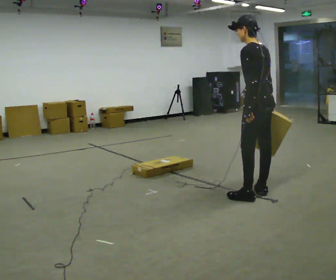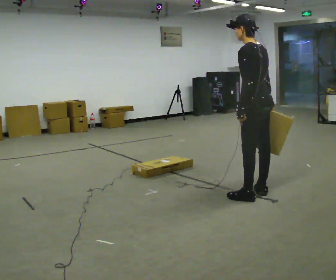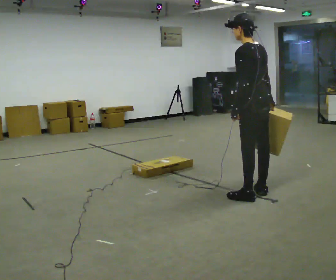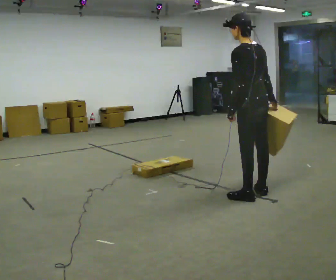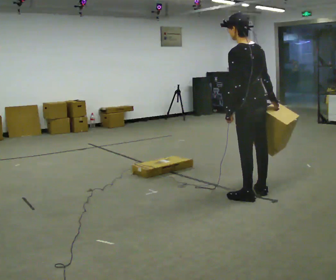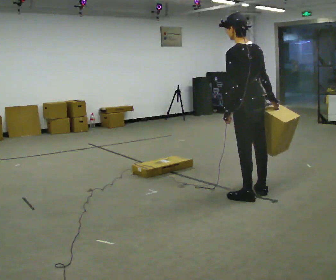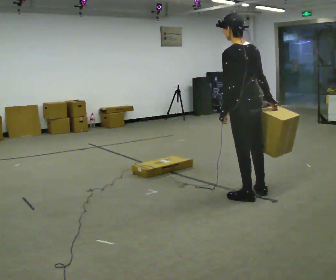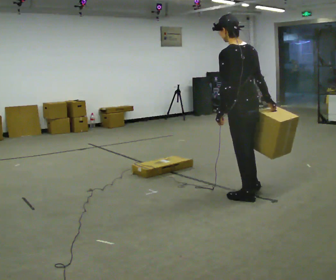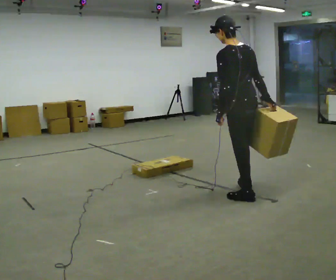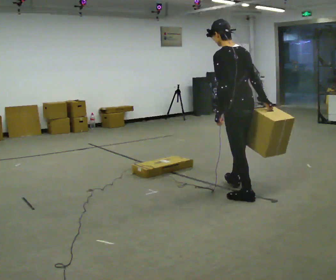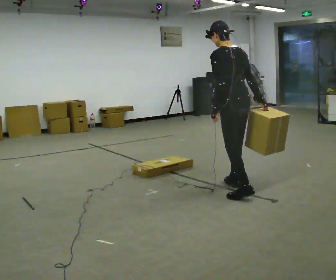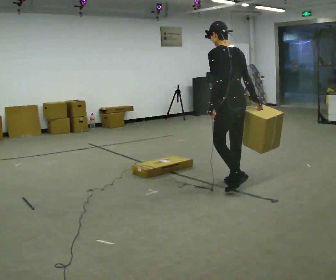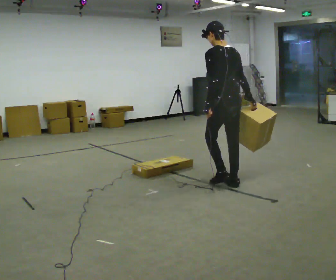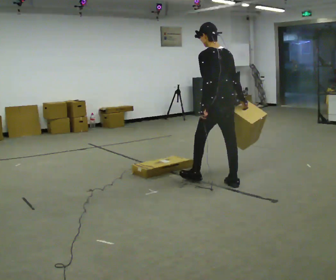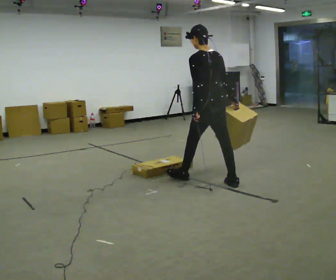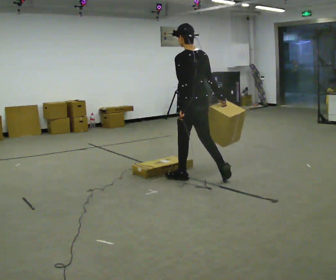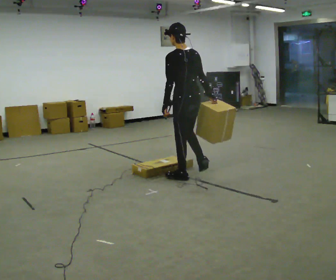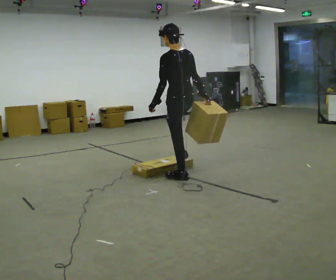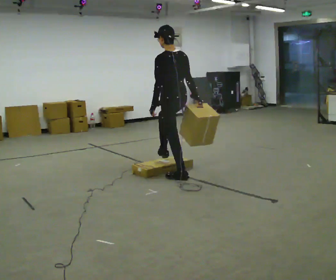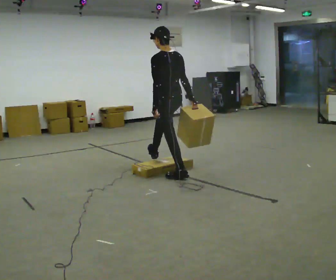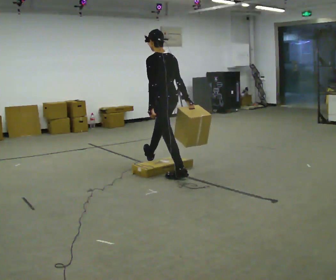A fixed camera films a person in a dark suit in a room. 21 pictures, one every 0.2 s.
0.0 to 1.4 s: The person moves a little, or ends about where they began.
1.4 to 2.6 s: In the picture they go away from the camera and to the left, about 0.5 m in 1 step, which for them is forward.
2.6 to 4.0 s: In the picture they go to the left and away from the camera, about 1 m in 1 step, which for them is forward.
The film runs forward here.
